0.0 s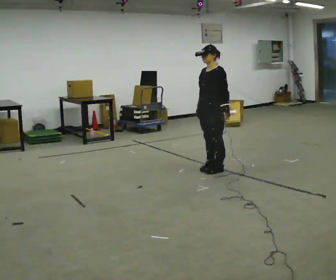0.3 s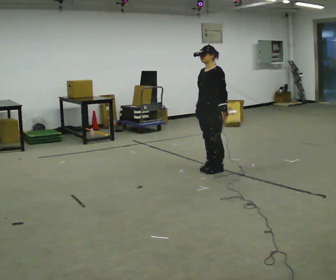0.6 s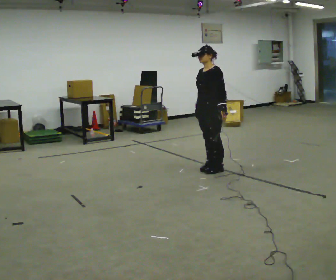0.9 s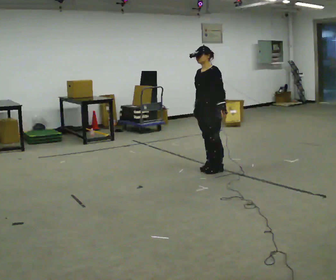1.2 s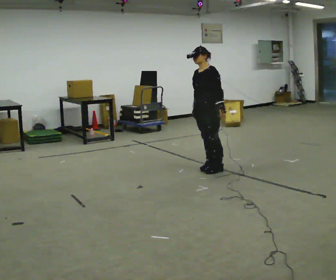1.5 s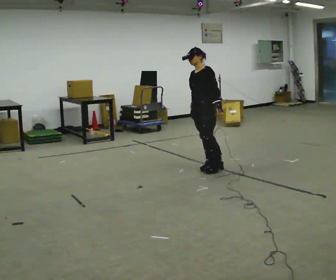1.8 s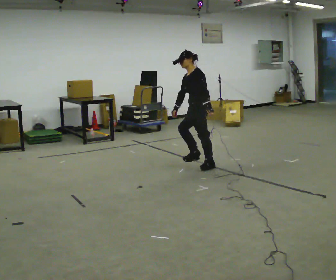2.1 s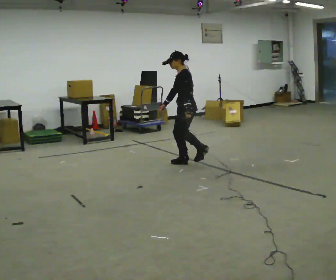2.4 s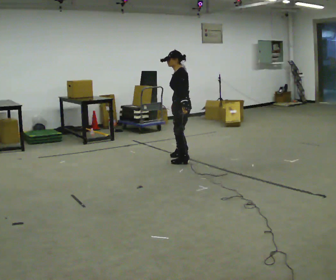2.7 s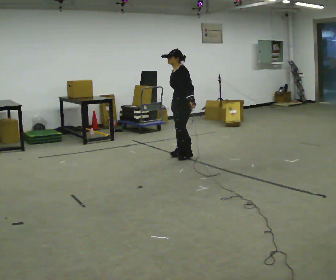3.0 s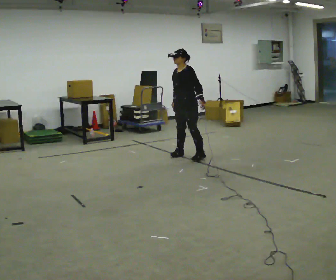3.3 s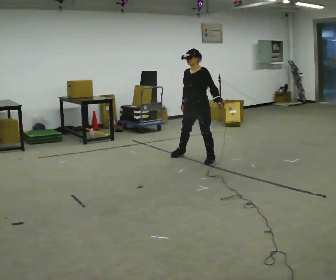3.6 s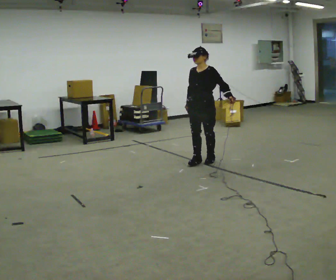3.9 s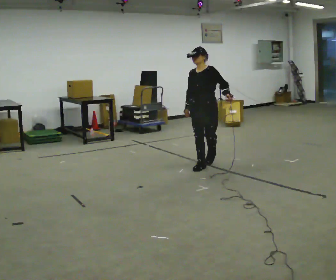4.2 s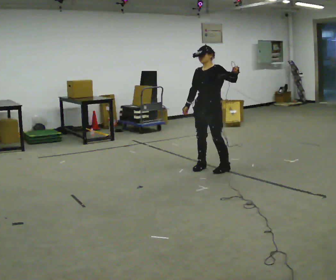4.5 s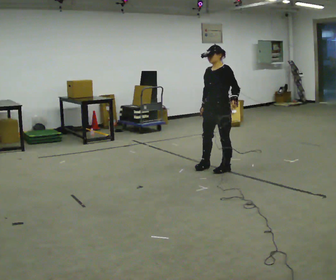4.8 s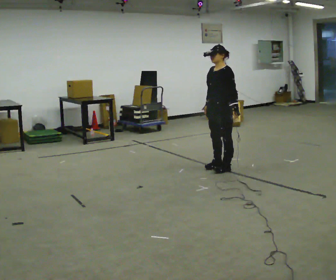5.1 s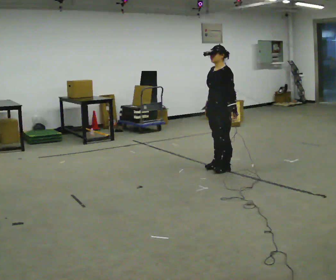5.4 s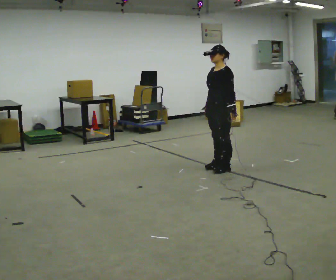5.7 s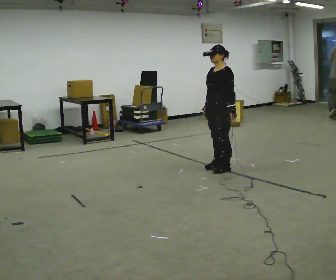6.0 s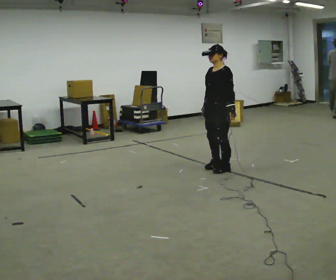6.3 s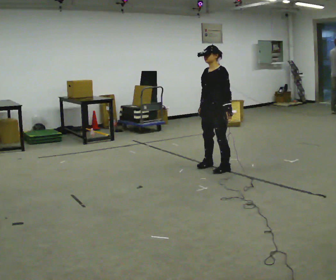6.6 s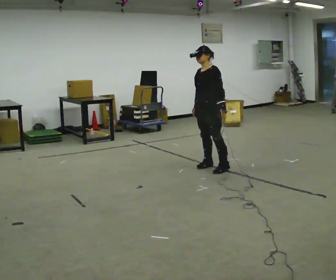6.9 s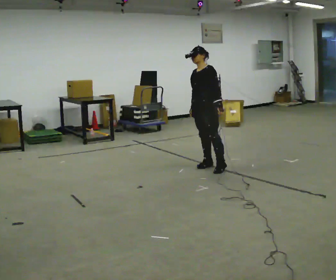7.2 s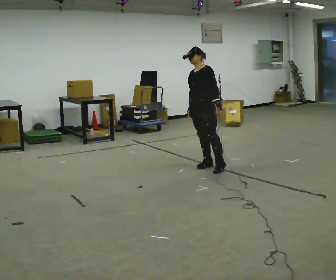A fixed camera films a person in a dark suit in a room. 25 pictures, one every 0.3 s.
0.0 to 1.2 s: The person moves a little, or ends about where they began.
1.2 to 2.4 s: The person turns about 30 degrees to their right, clockwise seen from above, so the part of the body nearest the lens slides to the left. In the picture they go away from the camera and to the left, about 0.5 m in 2 steps, which for them is to their right.
2.4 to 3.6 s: Seen from above the body turns counterclockwise, about 45 degrees: to their left, with its near side sliding to the right. In the picture they go toward the camera and to the right, about 0.25 m in 1 step, which for them is to their left.
3.6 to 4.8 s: The part of the body nearest the lens slides to the left as the person turns to their right by about 30 degrees. In the picture they go toward the camera and to the right, about 0.5 m in 3 steps, which for them is to their left.
4.8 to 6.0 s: The person moves a little, or ends about where they began.
6.0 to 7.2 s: In the picture they go away from the camera and to the left, about 0.25 m, which for them is to their right.
The film runs forward here.
